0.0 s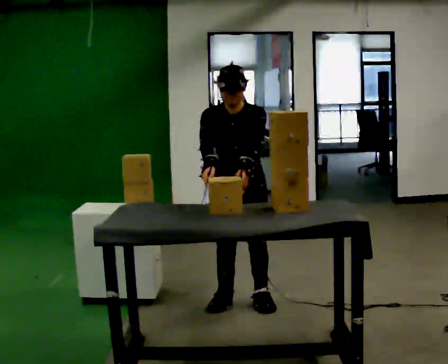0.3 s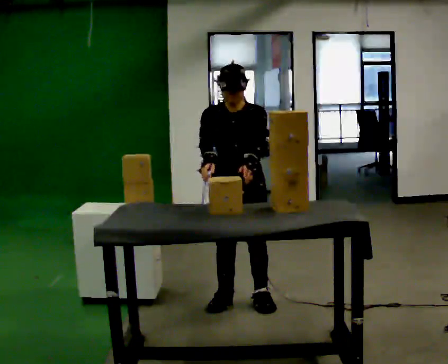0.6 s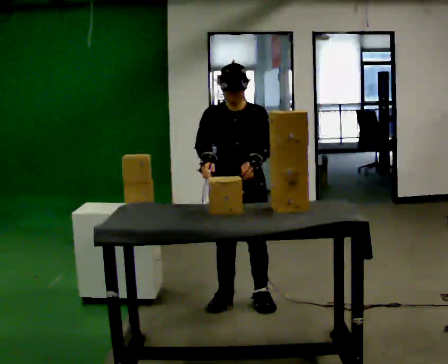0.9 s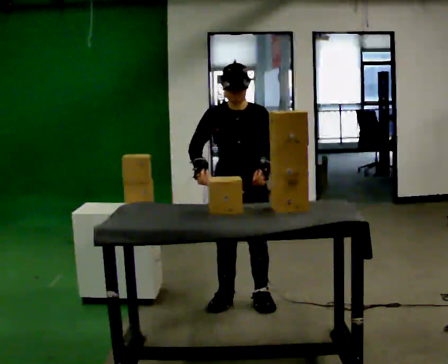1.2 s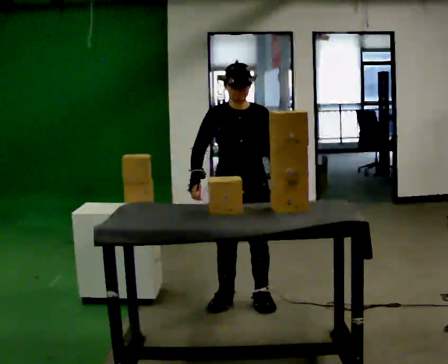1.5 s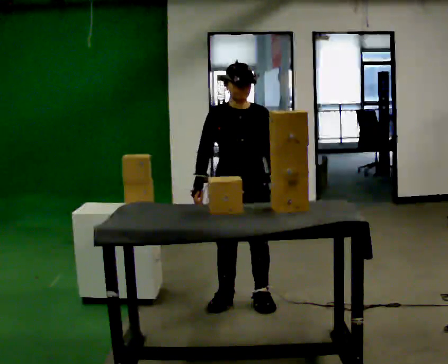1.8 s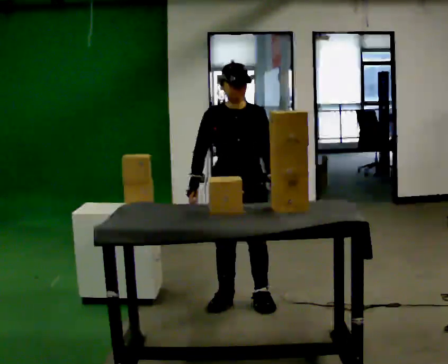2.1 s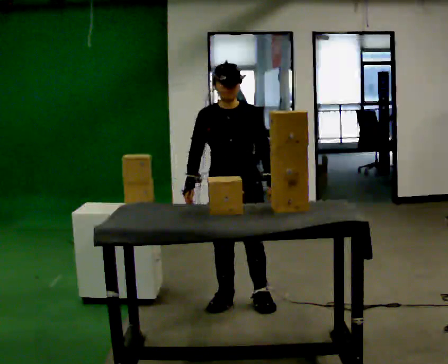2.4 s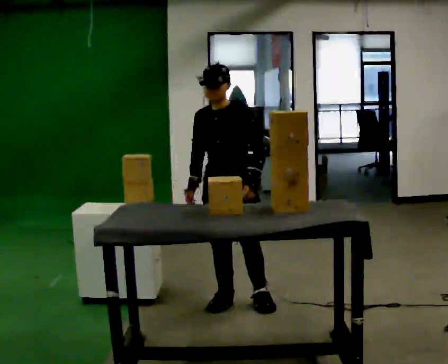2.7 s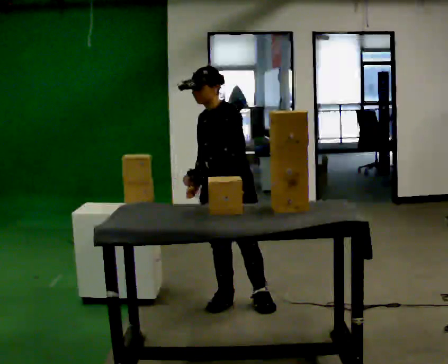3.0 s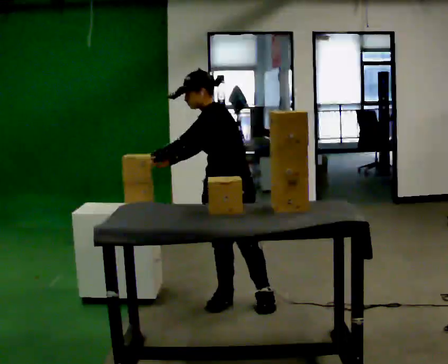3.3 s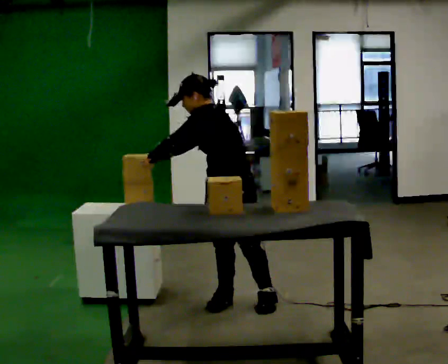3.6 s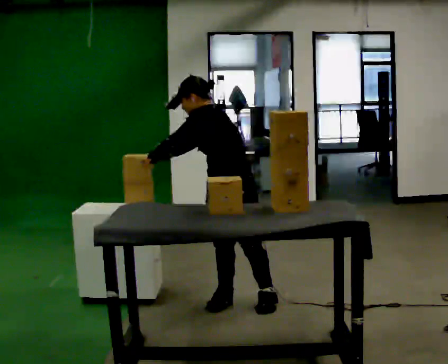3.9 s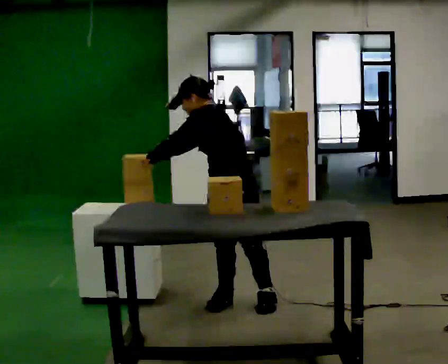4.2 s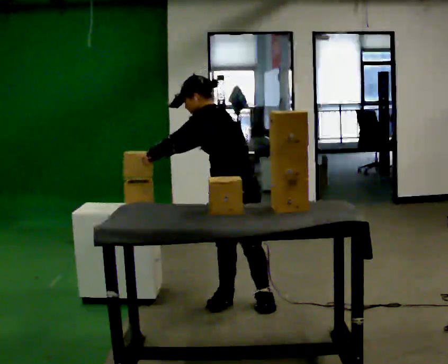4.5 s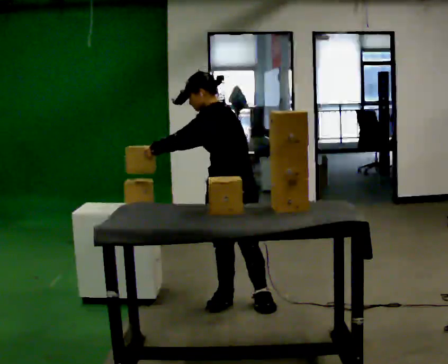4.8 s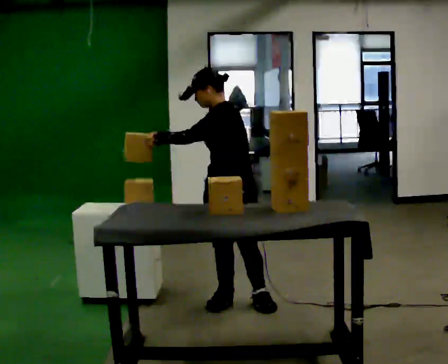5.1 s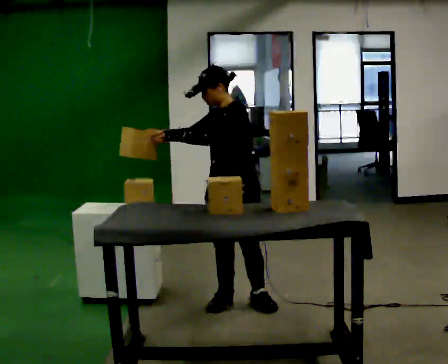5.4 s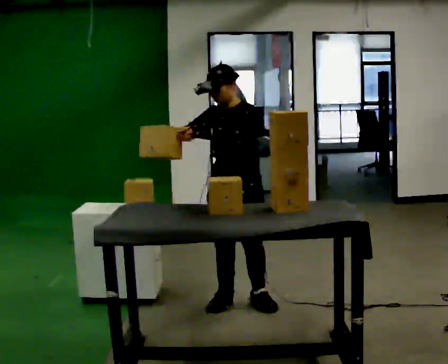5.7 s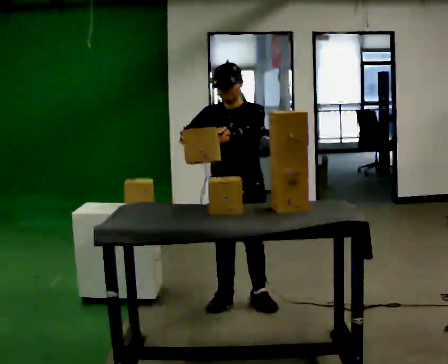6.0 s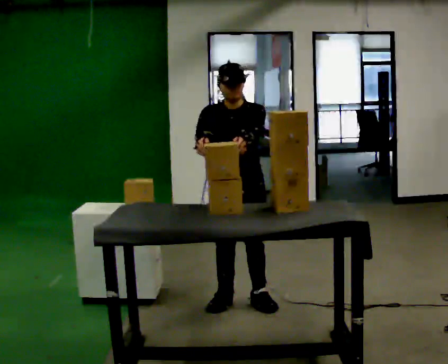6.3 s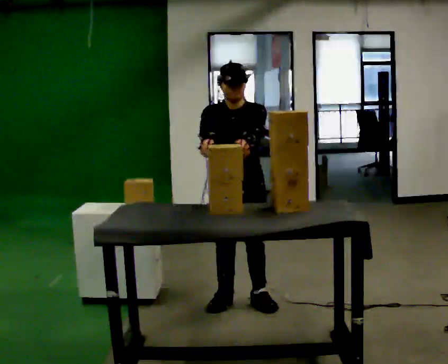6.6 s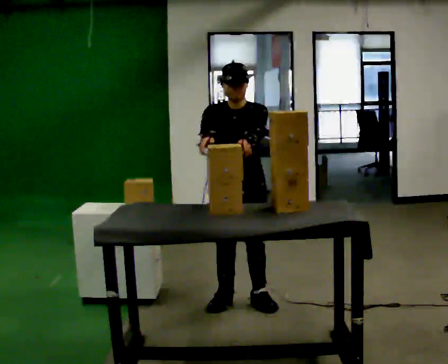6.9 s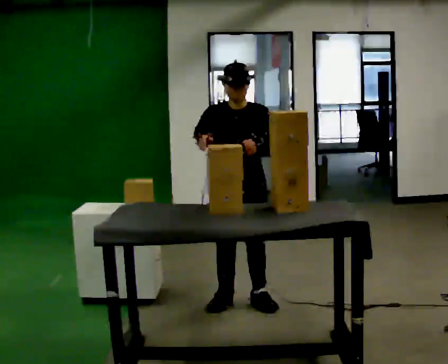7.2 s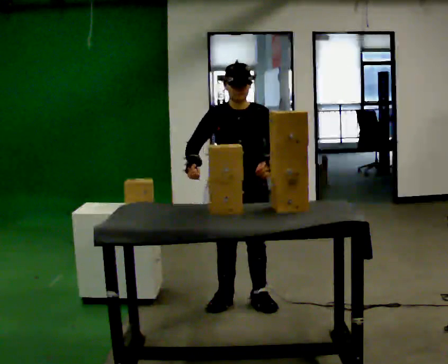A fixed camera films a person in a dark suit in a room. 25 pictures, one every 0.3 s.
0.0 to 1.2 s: The upper body tips away from the camera, its near side rolling upward, as they lean back or straighten.
1.2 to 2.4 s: The person moves a little, or ends about where they began.
2.4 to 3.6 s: Seen from above the body turns clockwise, about 60 degrees: to their right, with its near side sliding to the left. In the picture the upper body tilts counterclockwise, shoulders to the left, as they bend forward. In the picture their left hand goes to the left.
3.6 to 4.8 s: The person moves a little, or ends about where they began.
4.8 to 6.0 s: Seen from above the body turns counterclockwise, about 45 degrees: to their left, with its near side sliding to the right.
6.0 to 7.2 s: The person moves a little, or ends about where they began.
The film runs backward here.
